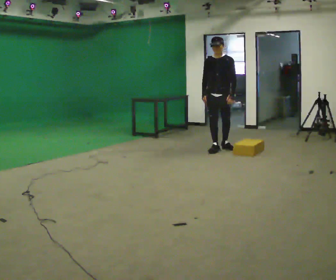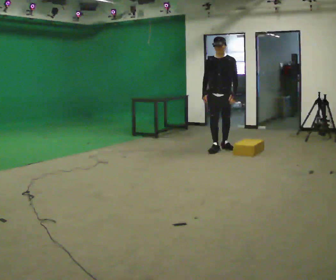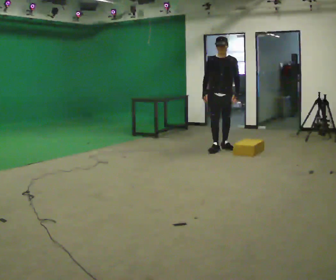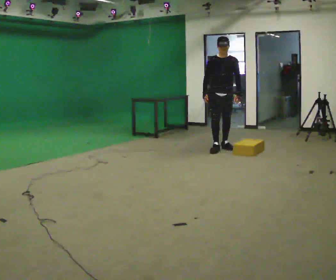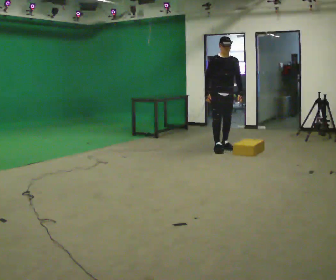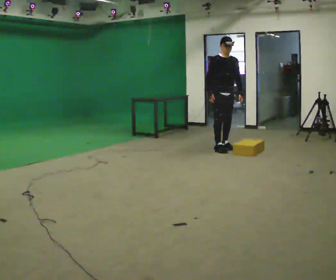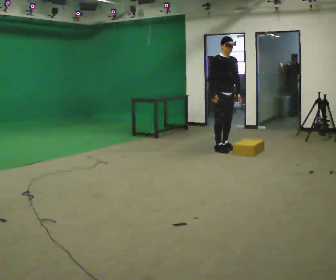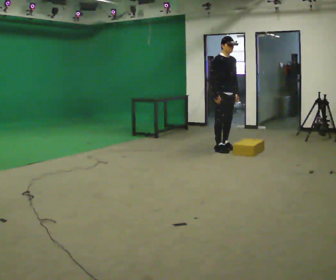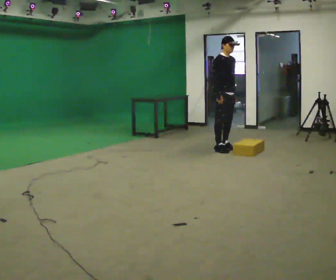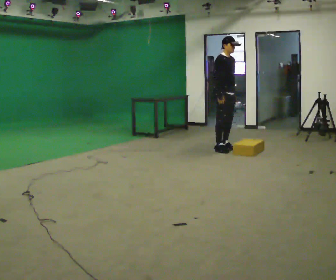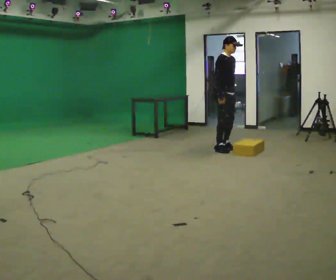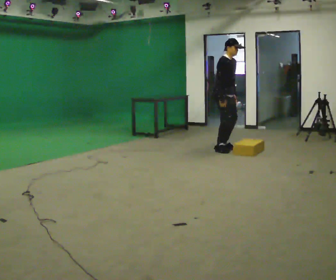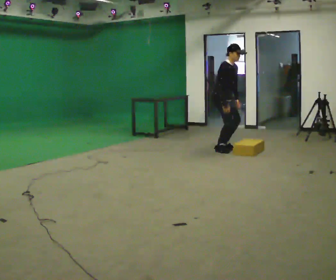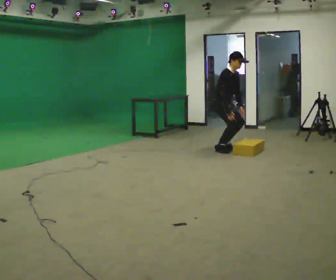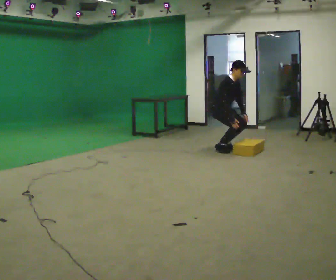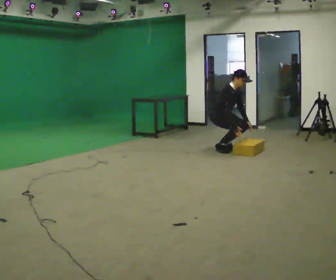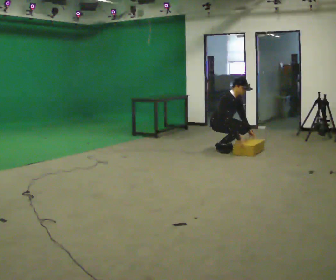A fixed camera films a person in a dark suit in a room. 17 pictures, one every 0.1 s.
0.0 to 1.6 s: Seen from above the body turns counterclockwise, about 75 degrees: to their left, with its near side sliding to the right. The shoulders move downward. In the picture the upper body tilts clockwise, shoulders to the right, as they bend forward. In the picture their right hand goes to the right and downward.
The film runs backward here.
